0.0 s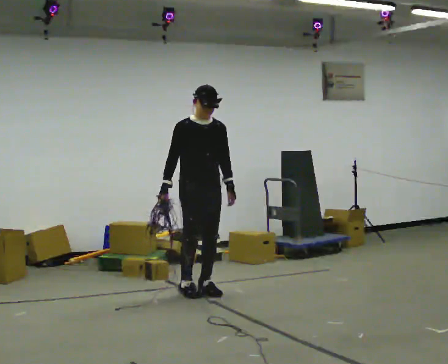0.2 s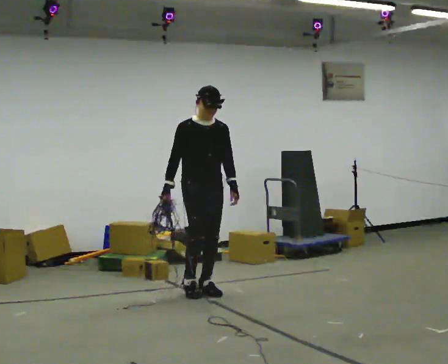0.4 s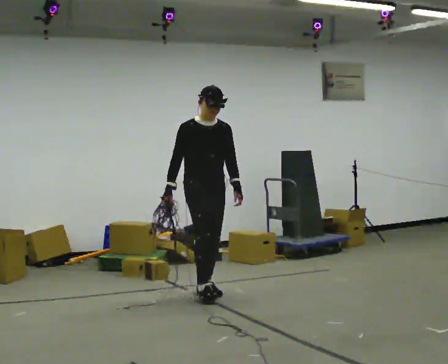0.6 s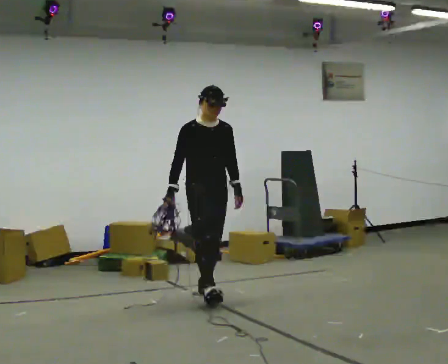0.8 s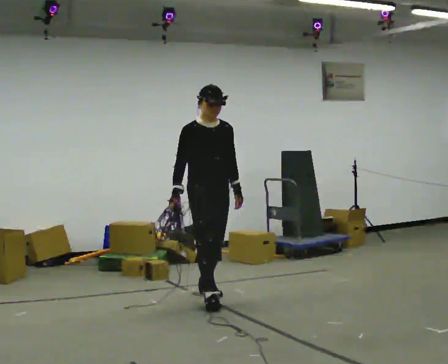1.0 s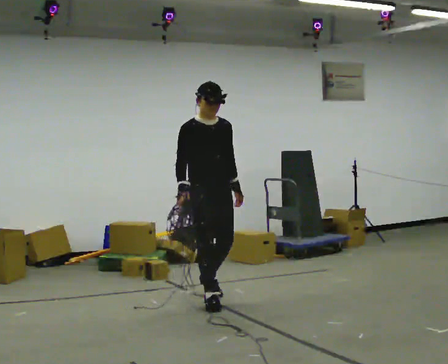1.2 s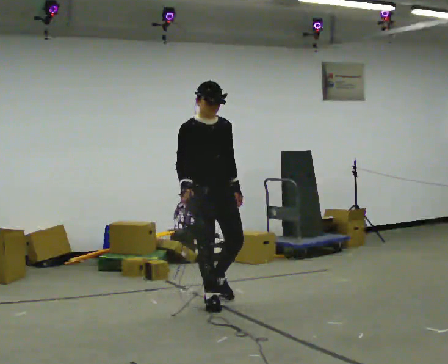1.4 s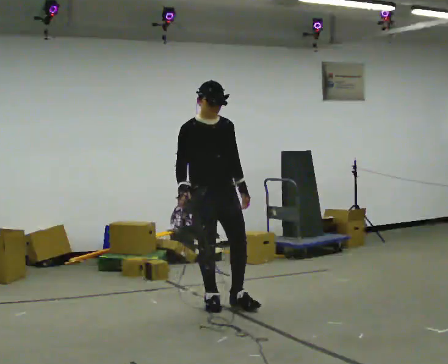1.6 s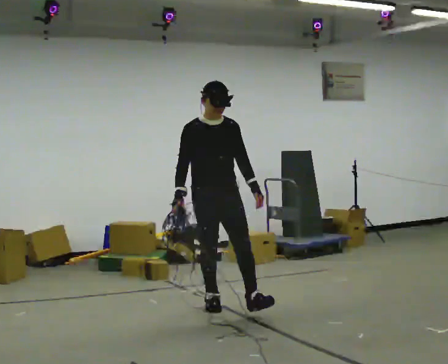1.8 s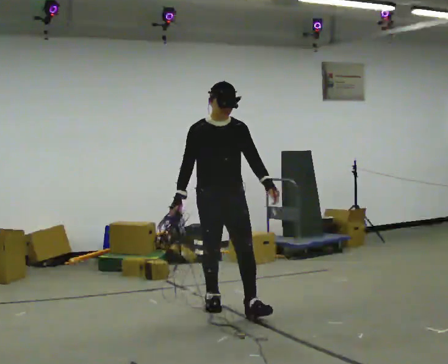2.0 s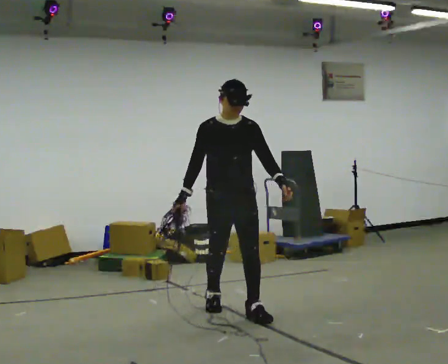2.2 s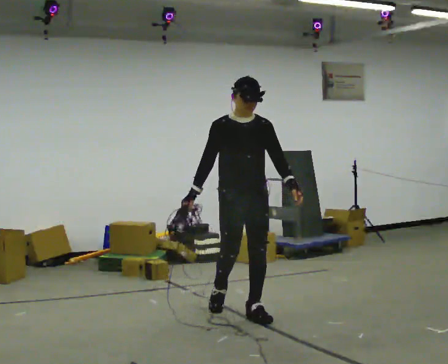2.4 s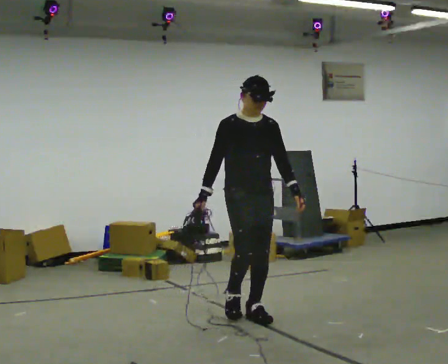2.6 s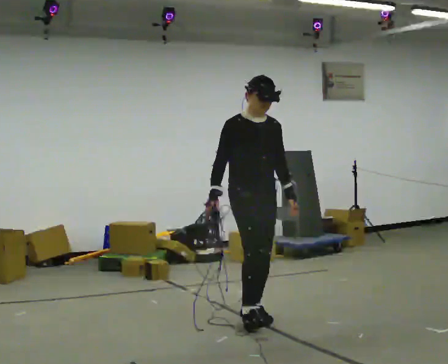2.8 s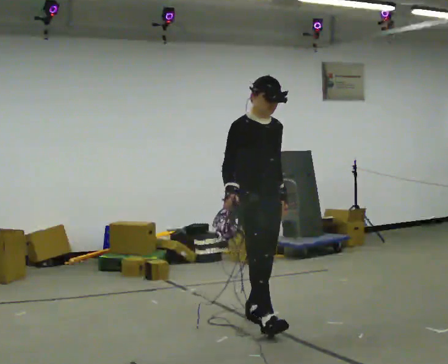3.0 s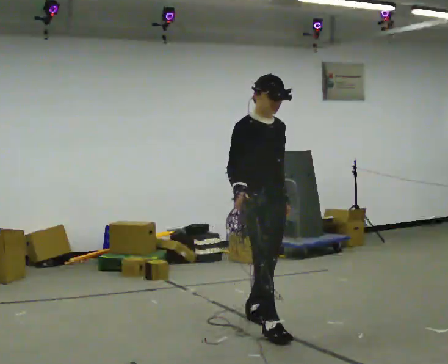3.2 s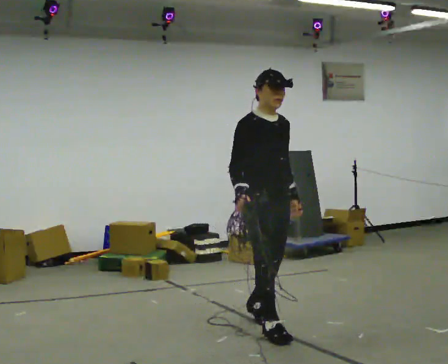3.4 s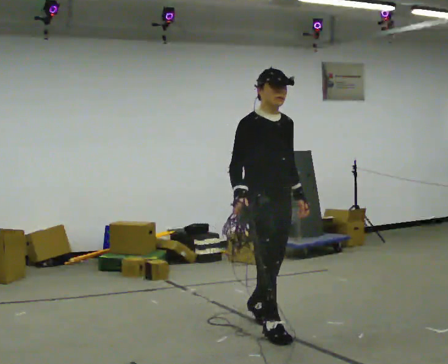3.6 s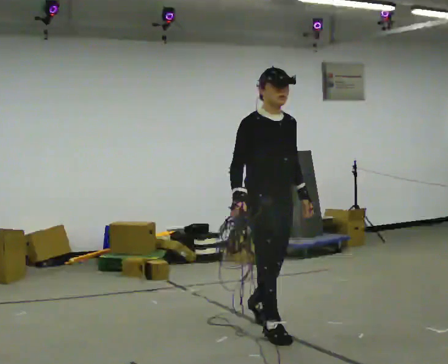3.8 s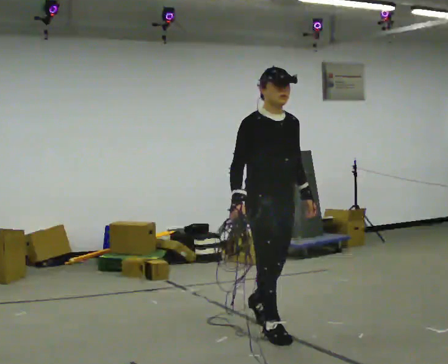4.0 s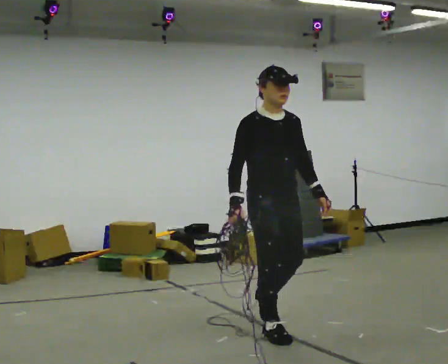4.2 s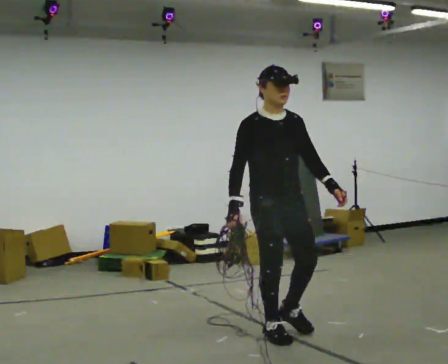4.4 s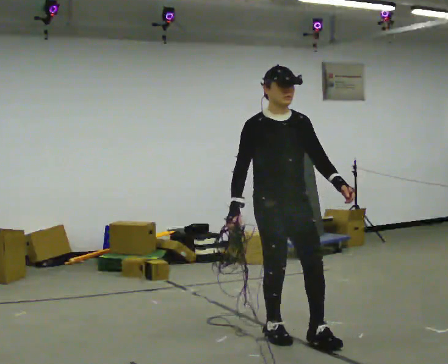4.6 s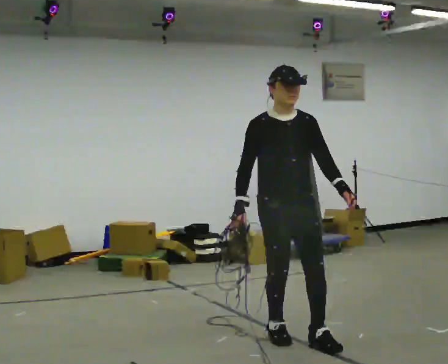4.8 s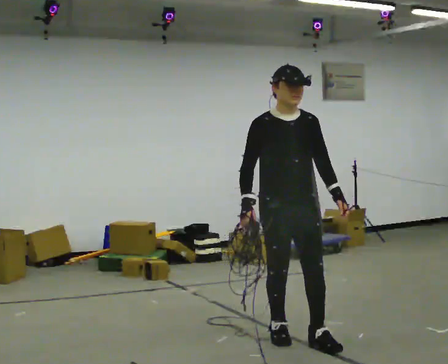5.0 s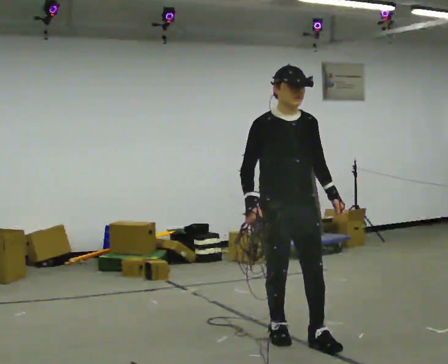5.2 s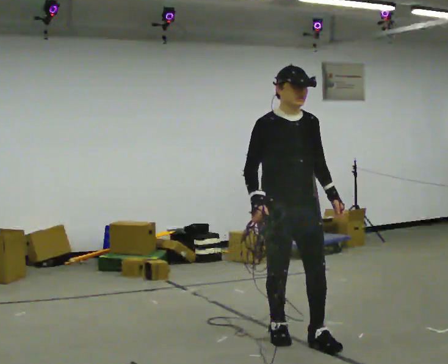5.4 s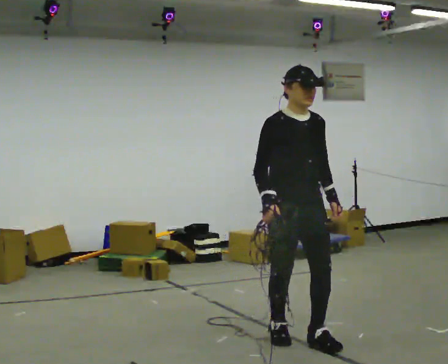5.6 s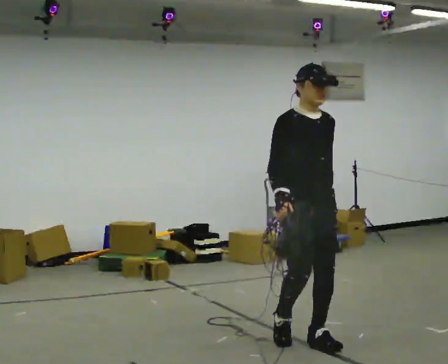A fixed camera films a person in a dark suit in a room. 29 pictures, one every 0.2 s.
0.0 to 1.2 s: In the picture they go toward the camera, about 0.5 m in 1 step, which for them is forward.
1.2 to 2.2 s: In the picture they go toward the camera and to the right, about 0.5 m in 1 step, which for them is forward.
2.2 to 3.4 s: The person turns about 30 degrees to their left, counterclockwise seen from above, so the part of the body nearest the lens slides to the right. In the picture they go toward the camera and to the right, about 0.5 m in 1 step, which for them is forward.
3.4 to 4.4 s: In the picture they go toward the camera, about 0.25 m, which for them is forward.
4.4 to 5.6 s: In the picture they go to the right, about 0.25 m in 1 step, which for them is forward.
The film runs forward here.
